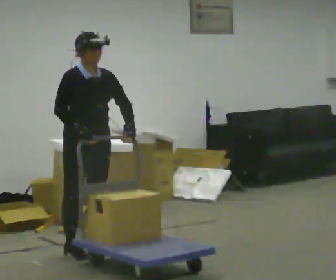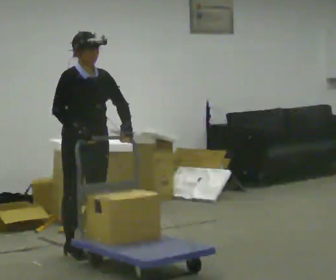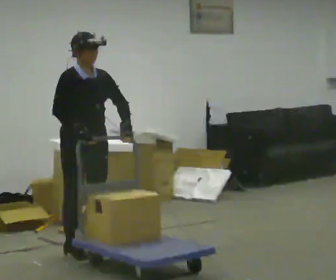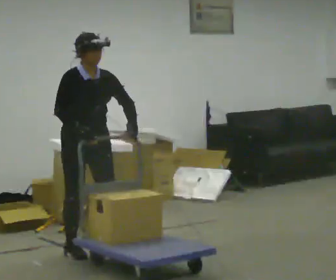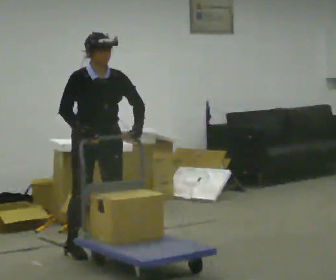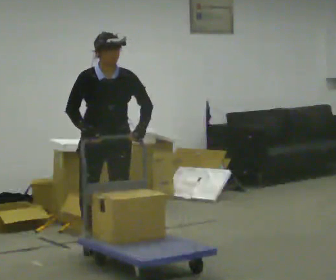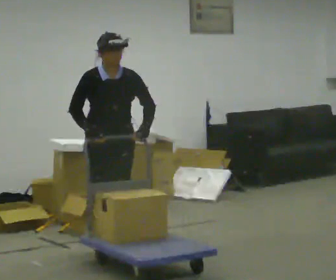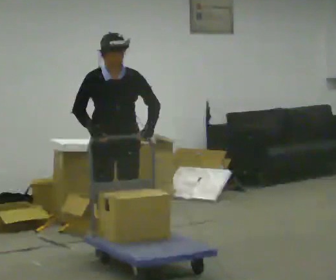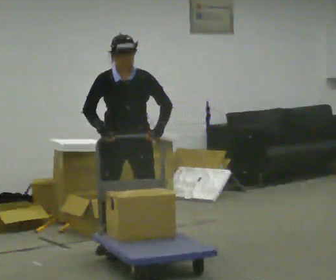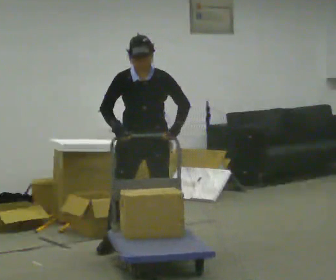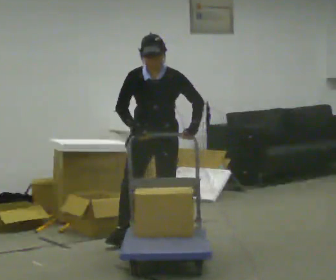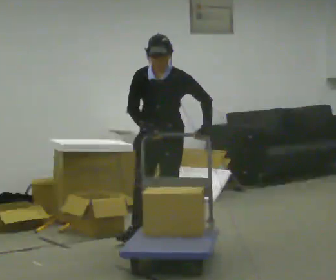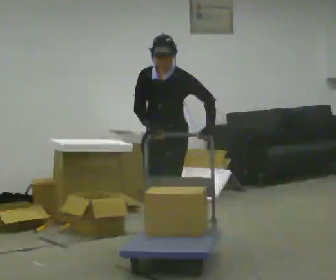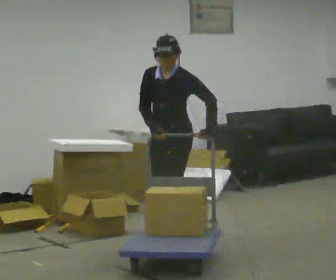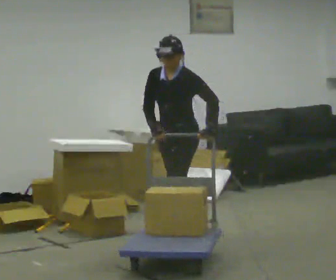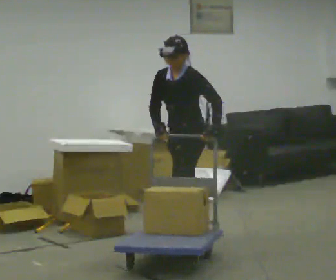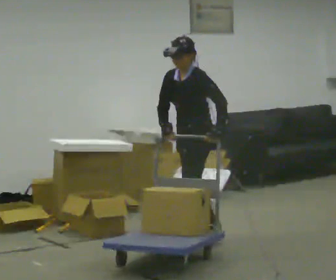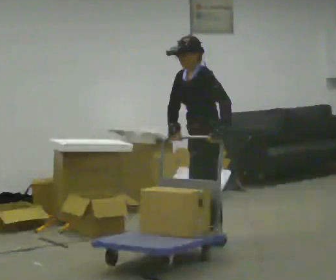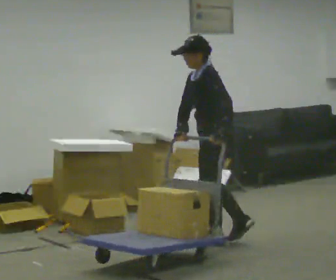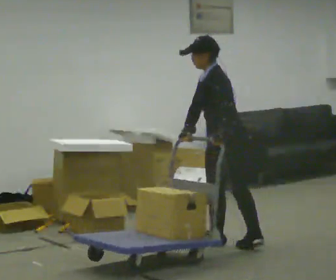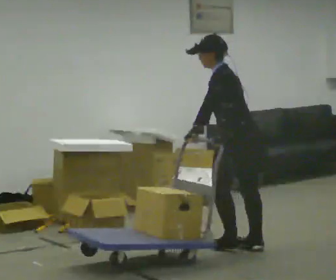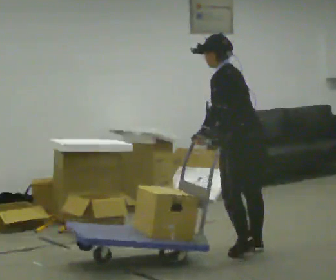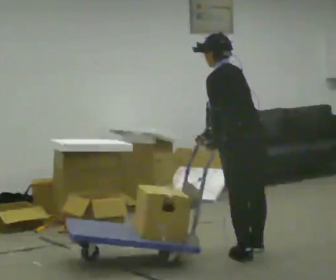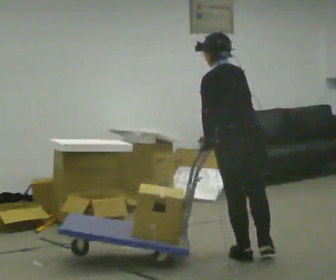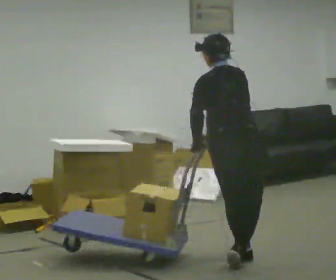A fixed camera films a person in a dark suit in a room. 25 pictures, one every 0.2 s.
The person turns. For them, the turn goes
to their right.
The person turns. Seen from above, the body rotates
clockwise.
0.0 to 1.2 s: The person turns about 30 degrees to their right, clockwise seen from above, so the part of the body nearest the lens slides to the left. In the picture they go to the right, about 0.25 m in 2 steps, which for them is to their left.
1.2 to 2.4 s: Seen from above the body turns clockwise, about 45 degrees: to their right, with its near side sliding to the left. In the picture they go to the right and away from the camera, about 0.5 m in 2 steps, which for them is backward and to their left.
2.4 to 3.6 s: The person turns about 60 degrees to their right, clockwise seen from above, so the part of the body nearest the lens slides to the left. In the picture they go to the right, about 0.25 m in 2 steps, which for them is backward and to their left.
3.6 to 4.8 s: The person turns about 75 degrees to their right, clockwise seen from above, so the part of the body nearest the lens slides to the left. In the picture they go toward the camera, about 0.5 m in 2 steps.
The film runs backward here.
